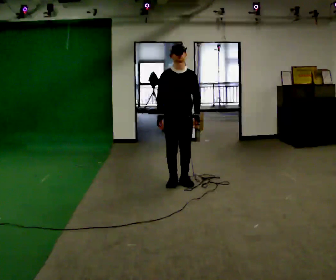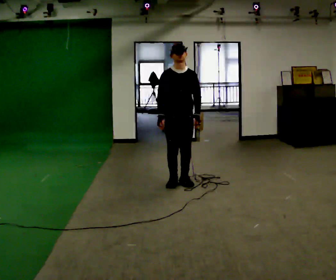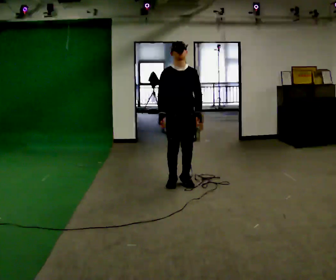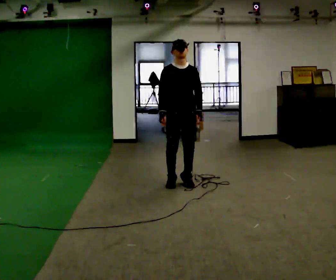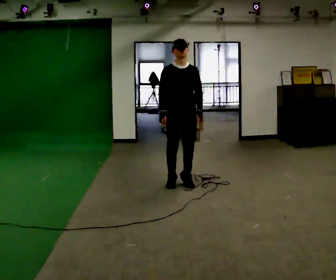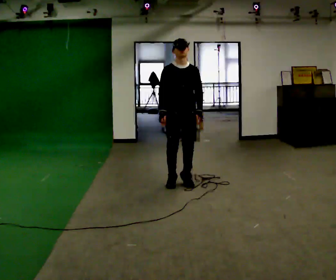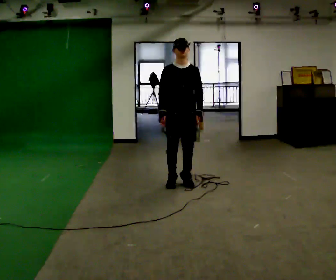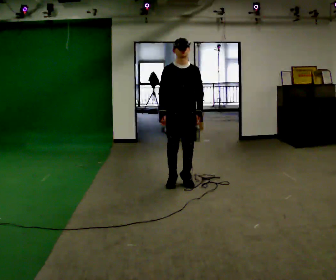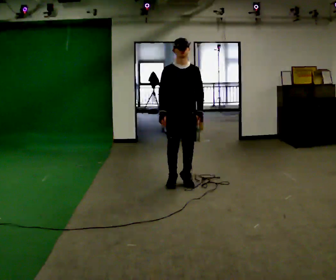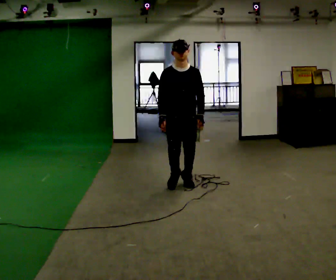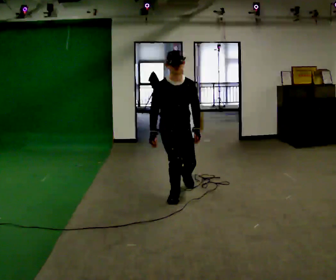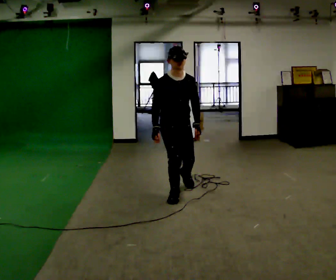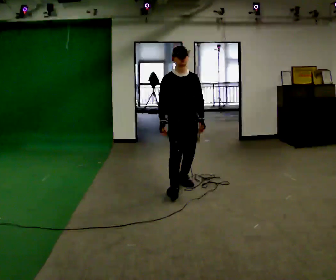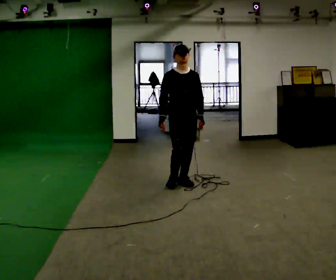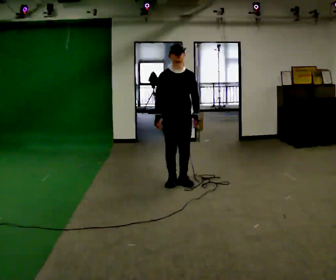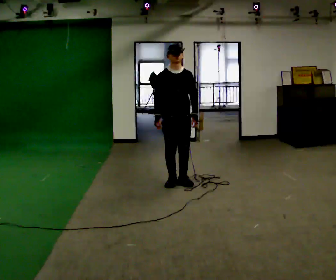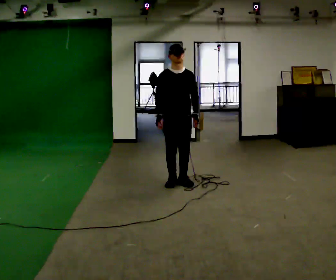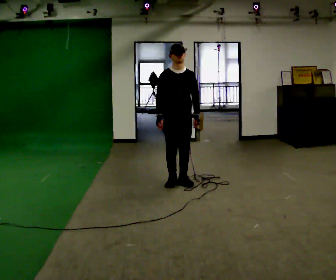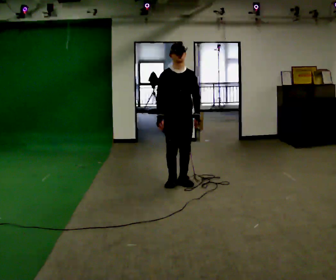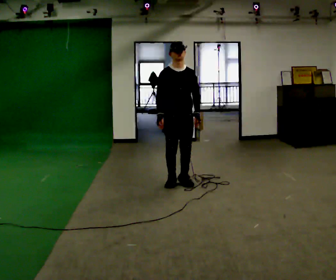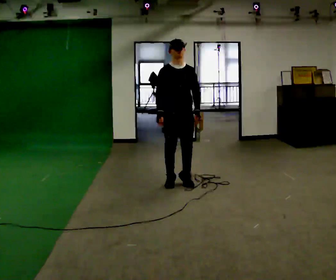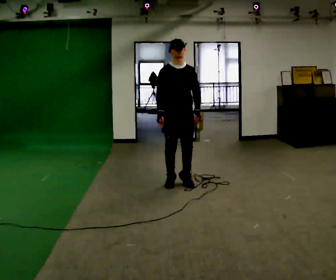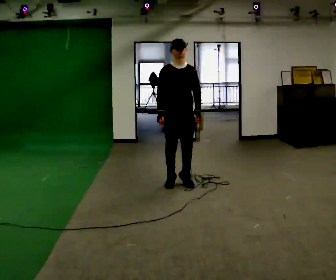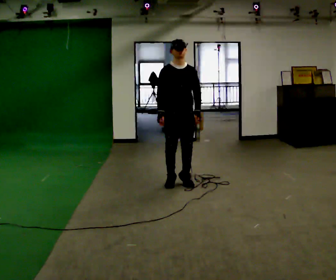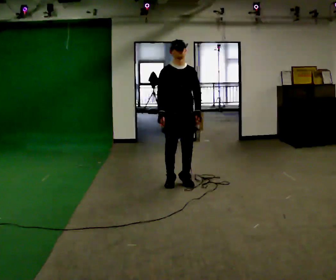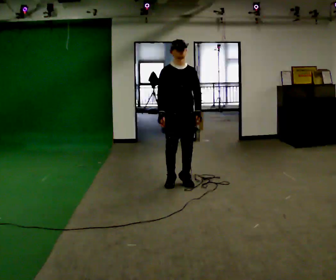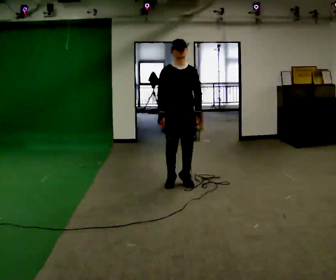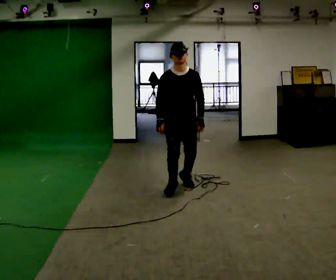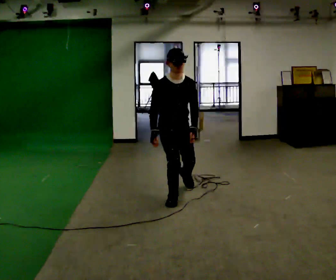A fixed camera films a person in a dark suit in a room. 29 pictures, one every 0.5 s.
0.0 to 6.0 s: In the picture they go toward the camera, about 0.25 m in 1 step, which for them is forward.
6.0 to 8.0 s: In the picture they go away from the camera, about 0.25 m in 1 step, which for them is backward.
8.0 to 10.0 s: The person moves a little, or ends about where they began.
10.0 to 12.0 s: The person keeps their place and pose.
12.0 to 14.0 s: In the picture they go toward the camera, about 0.5 m in 1 step, which for them is forward and to their right.
The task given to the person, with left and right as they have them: Stand on the marked spots and rise up onto your toes. Stay up until you start to topple forward, then step to catch yourself. Repeat at your own pace until the operator says stop. Go slowly and only as far as you are comfortable. Step whenever you need to; do not try to hold on longer than feels safe.
The film runs forward here.
